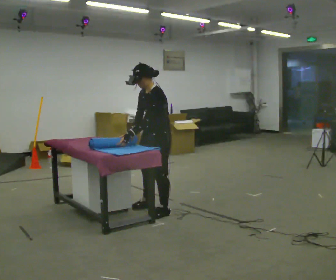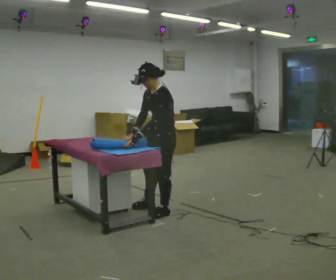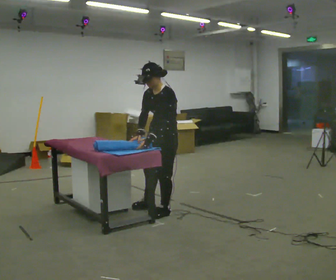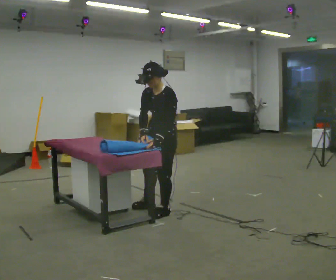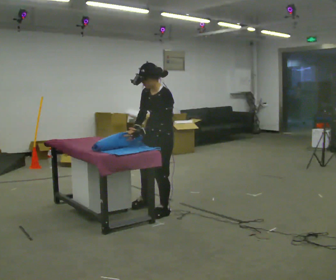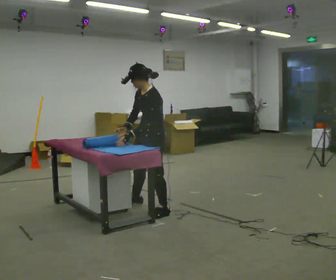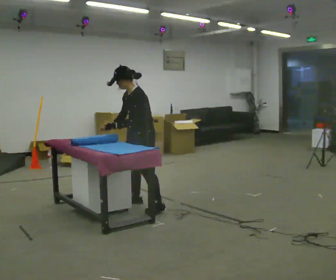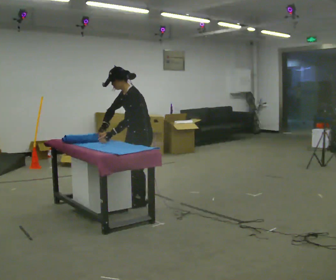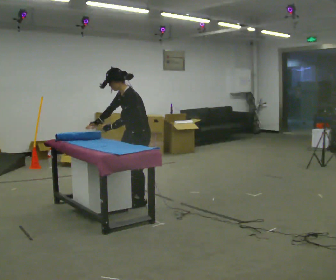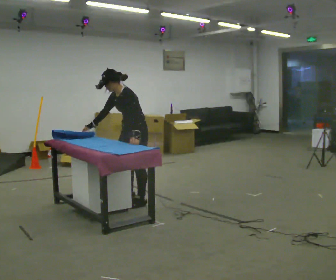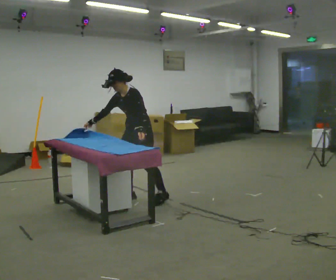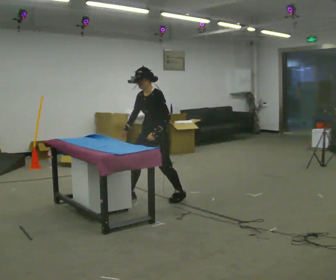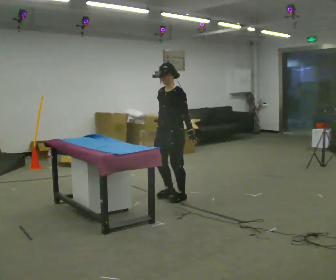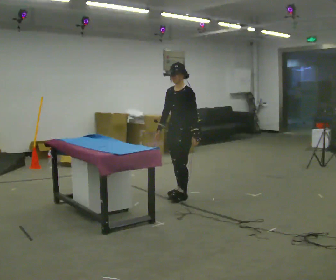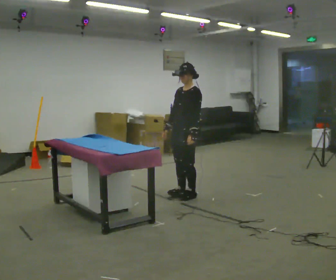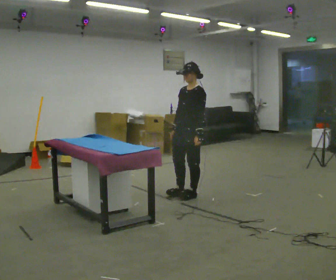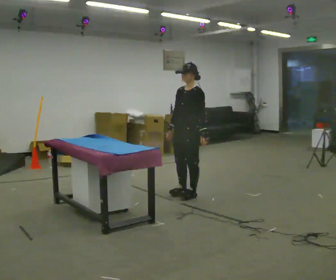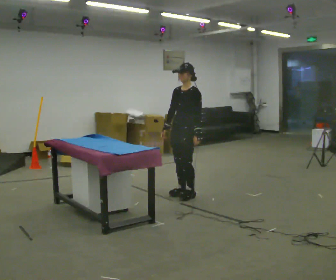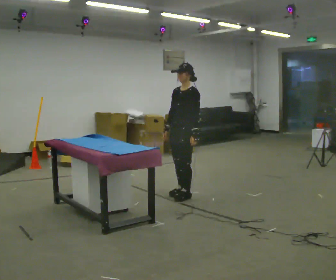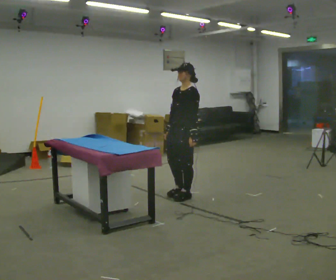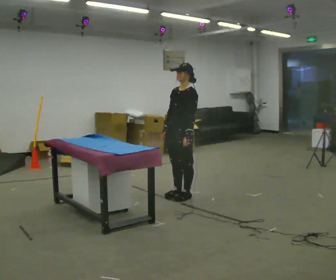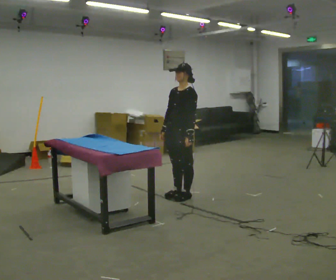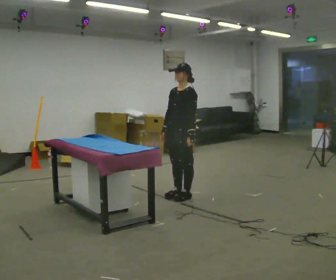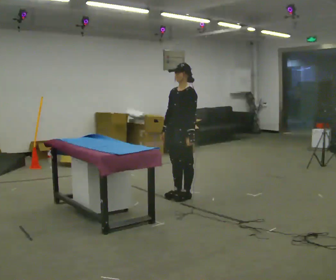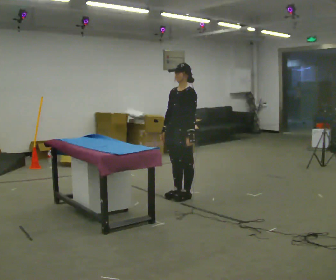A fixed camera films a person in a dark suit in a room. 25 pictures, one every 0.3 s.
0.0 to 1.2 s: The person moves a little, or ends about where they began.
1.2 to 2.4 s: In the picture they go away from the camera and to the left, about 0.5 m in 2 steps, which for them is to their right. In the picture the upper body tilts counterclockwise, shoulders to the left.
2.4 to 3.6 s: In the picture they go to the right and away from the camera, about 0.5 m in 2 steps, which for them is backward and to their left. In the picture the upper body tilts clockwise, shoulders to the right, as they lean back or straighten.
3.6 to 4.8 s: In the picture they go to the right, about 0.25 m in 2 steps, which for them is backward.
4.8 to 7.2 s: The person moves a little, or ends about where they began.
The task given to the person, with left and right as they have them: Roll the mat up from one end, then unroll it again. Repeat at your own pace until the operator says stop.
The film runs forward here.
